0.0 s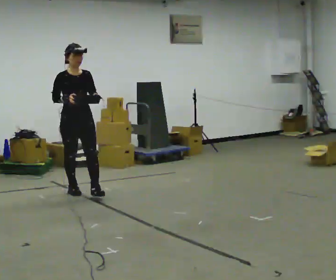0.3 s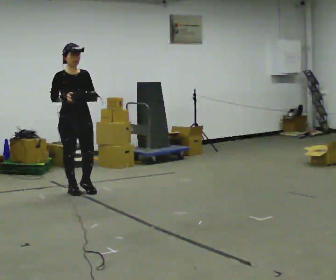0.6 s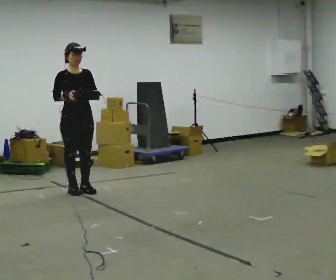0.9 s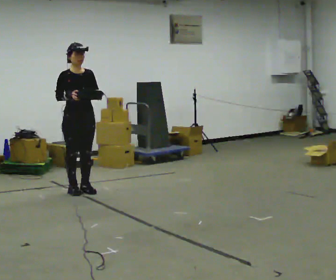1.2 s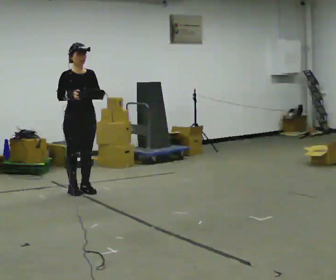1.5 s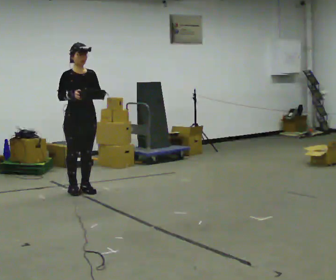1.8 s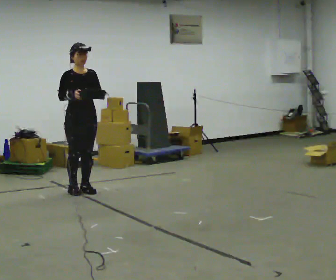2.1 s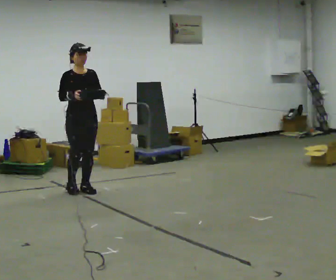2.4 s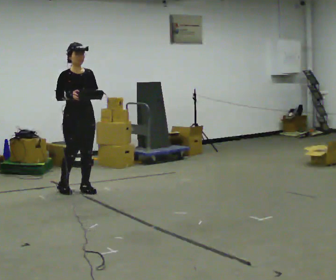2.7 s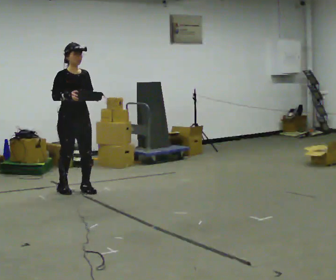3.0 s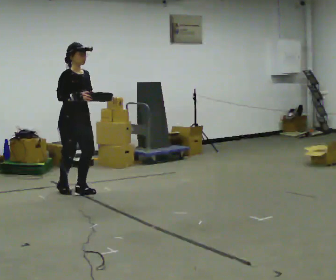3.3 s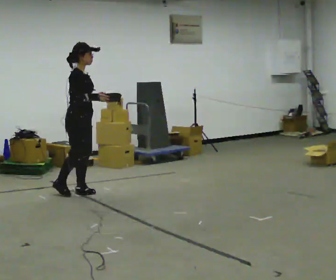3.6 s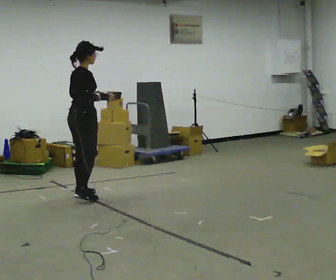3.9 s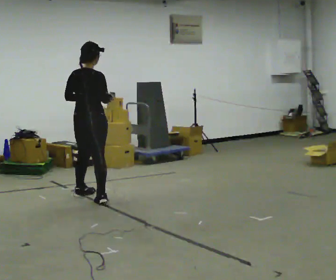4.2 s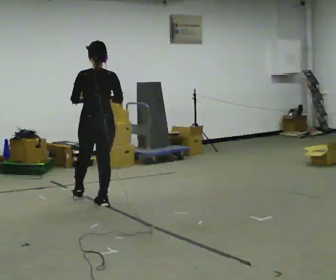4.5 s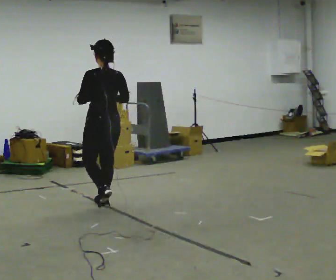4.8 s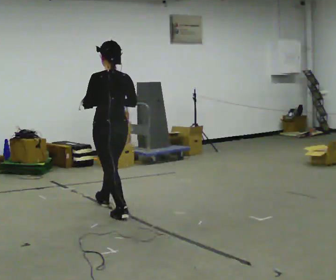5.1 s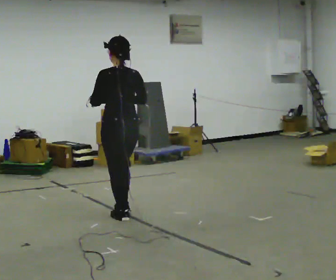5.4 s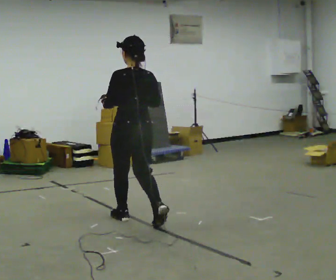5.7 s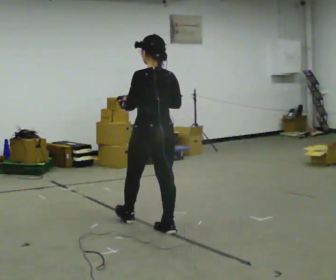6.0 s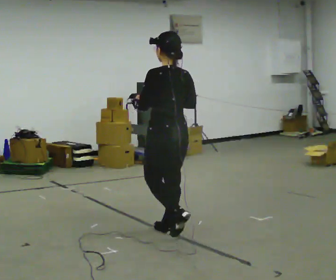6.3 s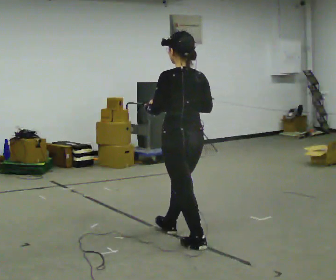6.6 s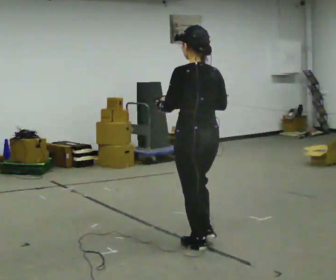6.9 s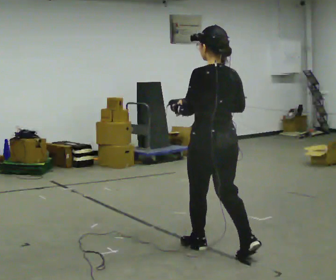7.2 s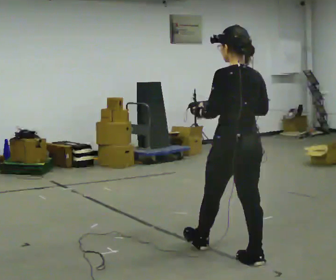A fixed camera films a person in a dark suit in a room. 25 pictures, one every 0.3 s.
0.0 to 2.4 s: The person moves a little, or ends about where they began.
2.4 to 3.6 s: The person turns about 75 degrees to their left, counterclockwise seen from above, so the part of the body nearest the lens slides to the right. In the picture they go toward the camera, about 0.25 m in 2 steps.
3.6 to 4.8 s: The person turns about 105 degrees to their left, counterclockwise seen from above, so the part of the body nearest the lens slides to the right. In the picture they go toward the camera and to the right, about 0.5 m in 1 step.
4.8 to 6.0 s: In the picture they go toward the camera and to the right, about 1 m in 2 steps, which for them is backward.
6.0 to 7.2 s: In the picture they go toward the camera and to the right, about 1 m in 1 step, which for them is backward.
The film runs backward here.
